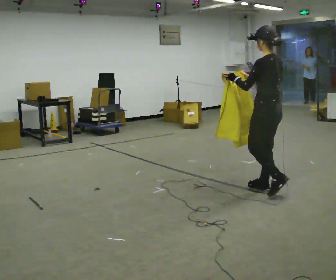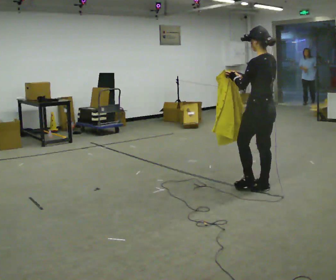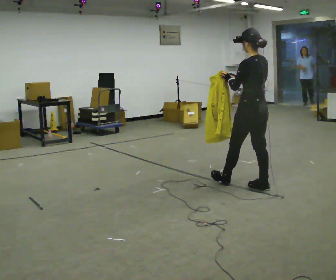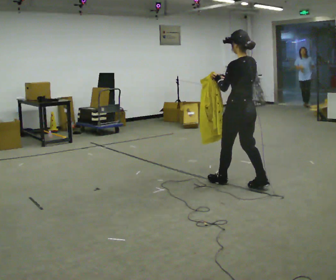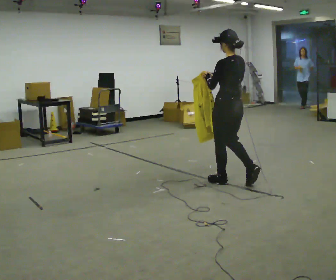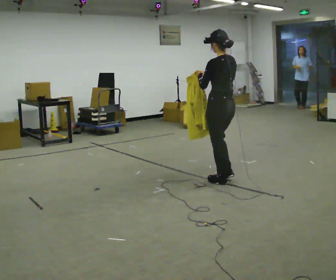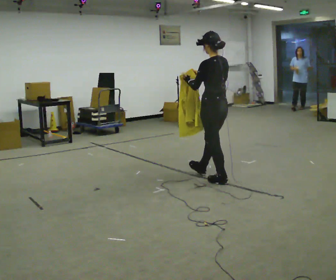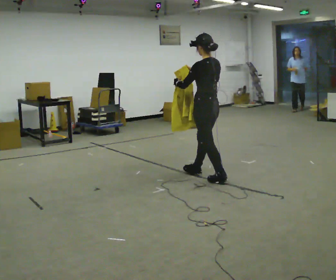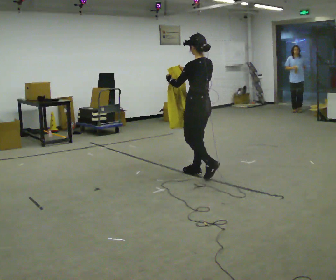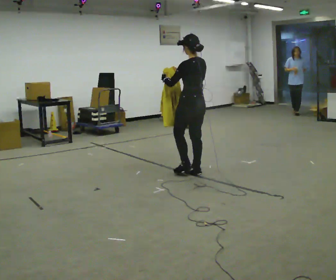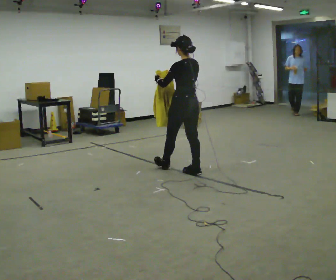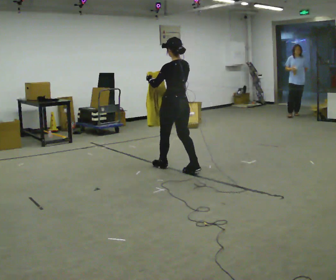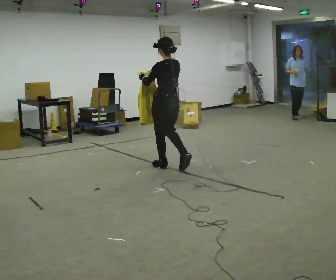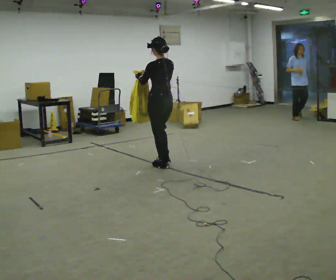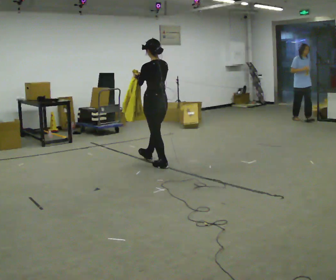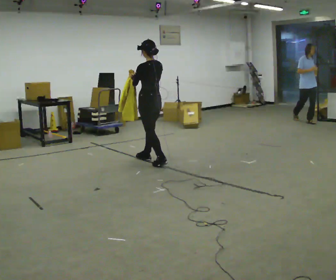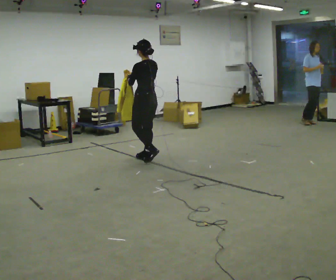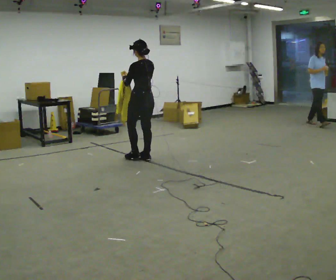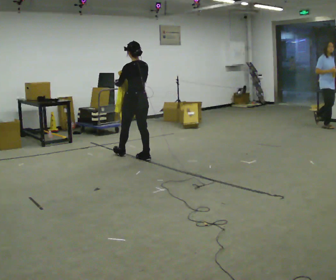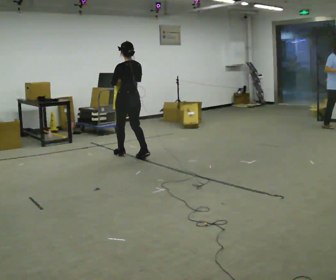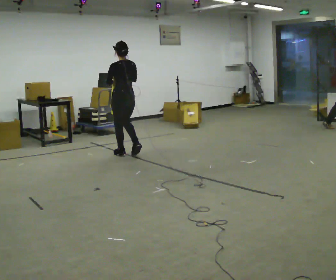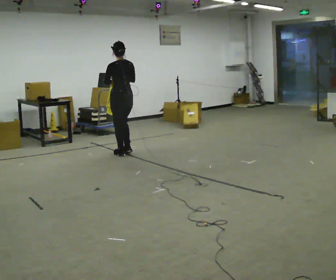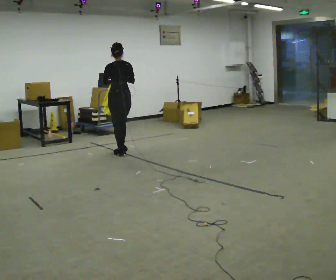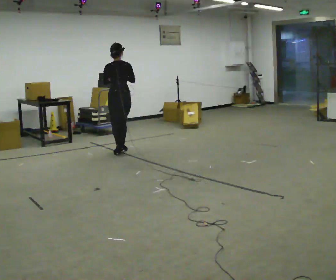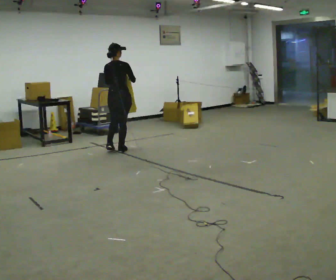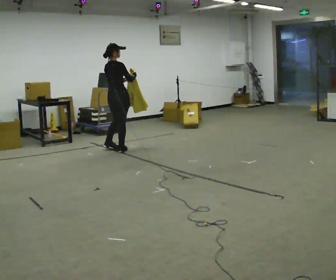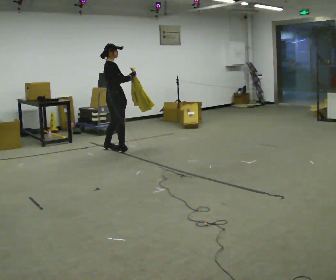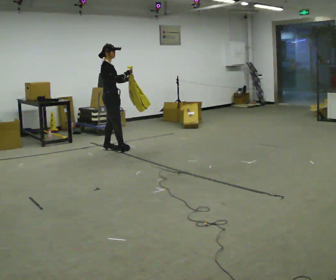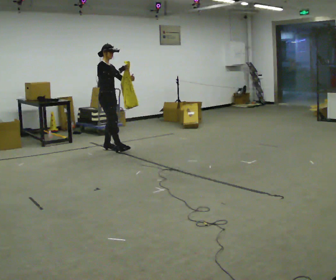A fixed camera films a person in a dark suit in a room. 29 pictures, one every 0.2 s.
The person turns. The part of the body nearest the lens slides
to the left.
The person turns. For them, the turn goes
to their right.
0.0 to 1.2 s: In the picture they go away from the camera and to the left, about 0.75 m in 1 step, which for them is forward.
1.2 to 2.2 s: In the picture they go away from the camera and to the left, about 0.75 m in 2 steps, which for them is forward.
2.2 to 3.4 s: In the picture they go away from the camera and to the left, about 0.5 m in 1 step, which for them is forward.
3.4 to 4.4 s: In the picture they go away from the camera and to the left, about 0.5 m in 2 steps, which for them is forward.
4.4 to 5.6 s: The person turns about 135 degrees to their right, clockwise seen from above, so the part of the body nearest the lens slides to the left. In the picture they go away from the camera and to the left, about 0.25 m in 1 step.
The film runs forward here.
